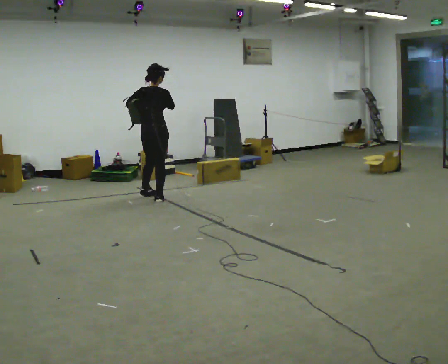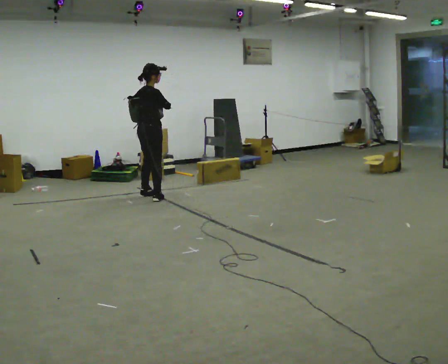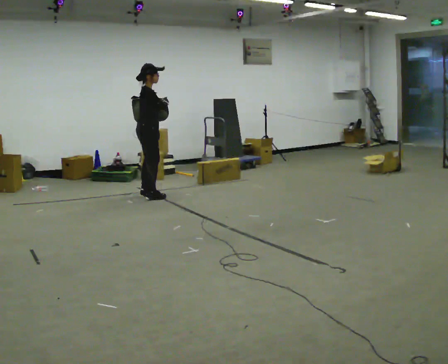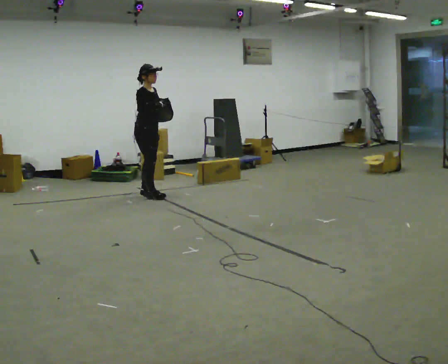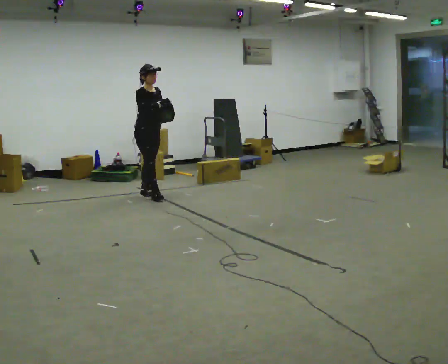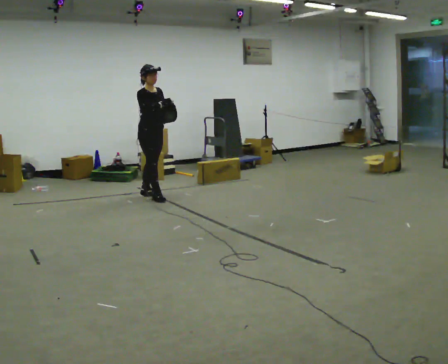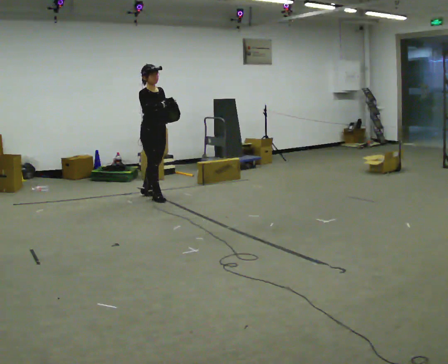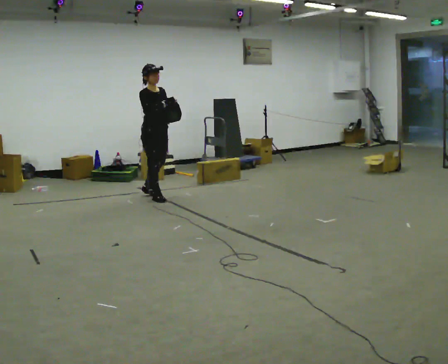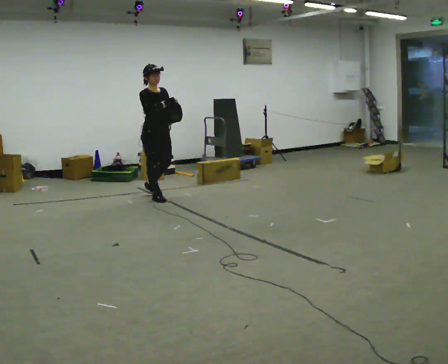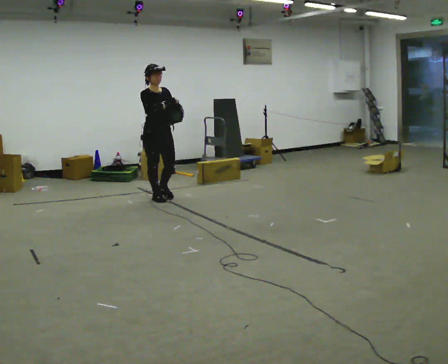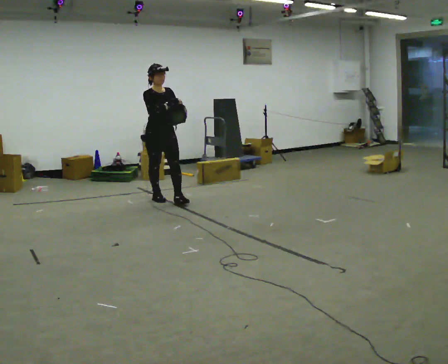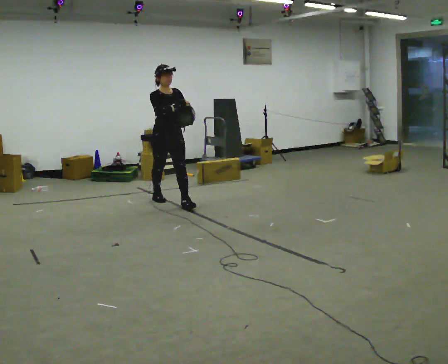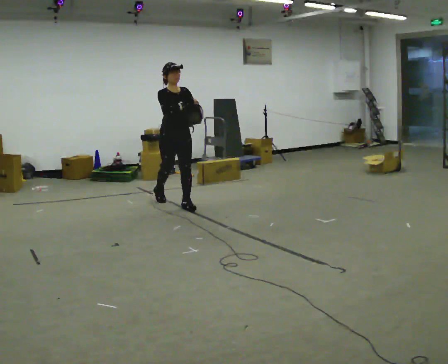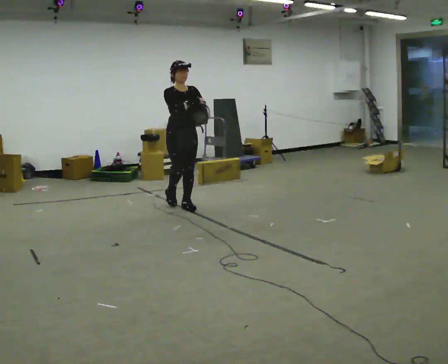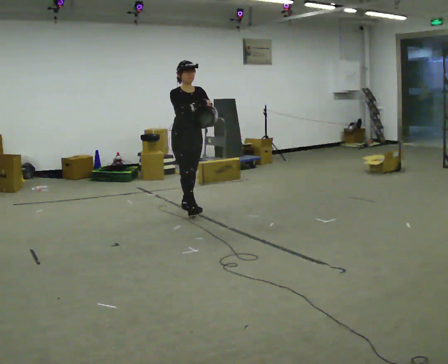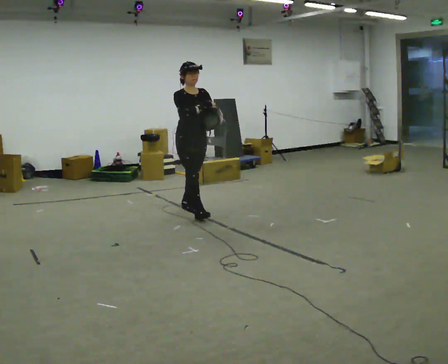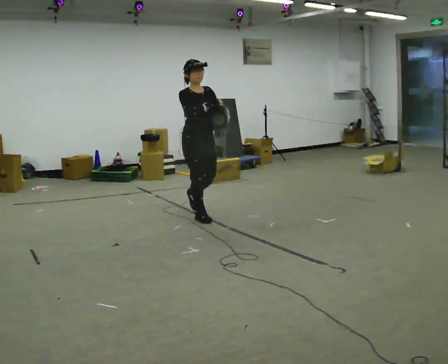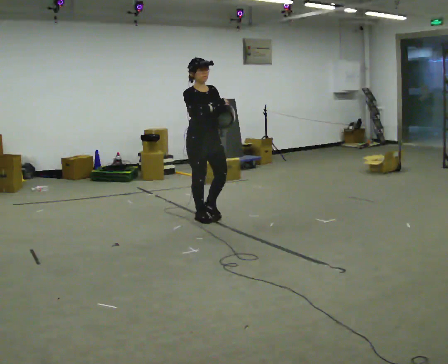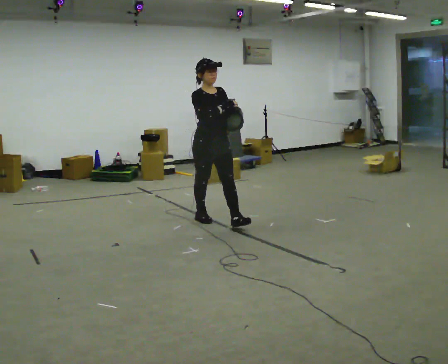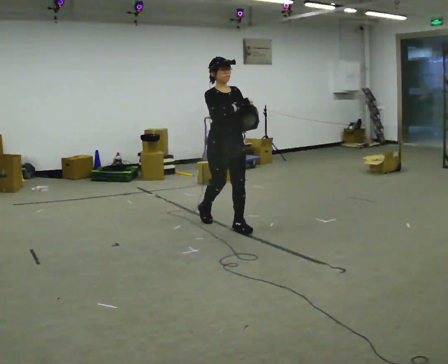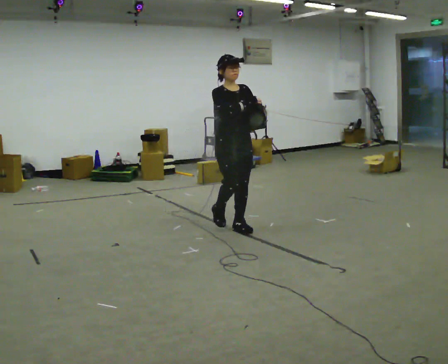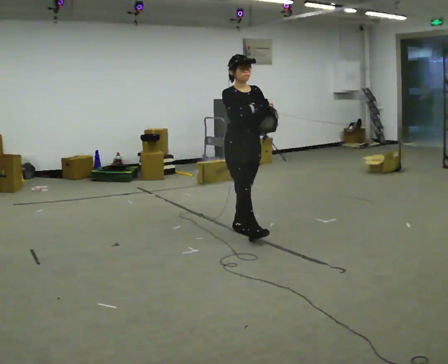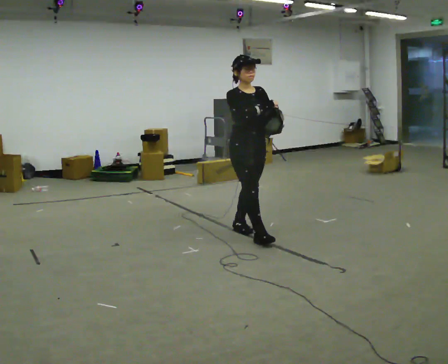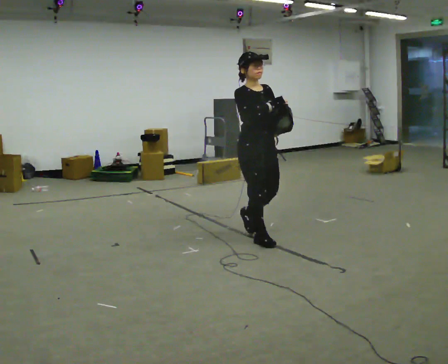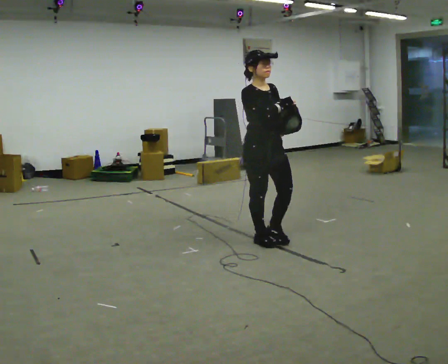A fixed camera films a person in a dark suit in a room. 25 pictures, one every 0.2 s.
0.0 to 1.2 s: The part of the body nearest the lens slides to the left as the person turns to their right by about 90 degrees. In the picture their left hand goes to the right, the arm swinging counterclockwise.
1.2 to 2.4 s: The person turns about 30 degrees to their right, clockwise seen from above, so the part of the body nearest the lens slides to the left. In the picture they go toward the camera and to the right, about 0.5 m in 1 step, which for them is forward.
2.4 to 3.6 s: In the picture they go toward the camera and to the right, about 1 m in 1 step, which for them is forward.
3.6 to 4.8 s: In the picture they go toward the camera and to the right, about 1 m in 2 steps, which for them is forward.
The film runs forward here.
